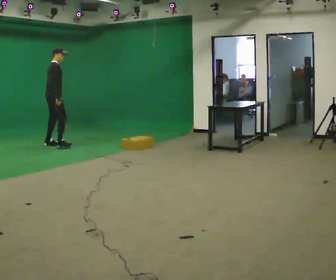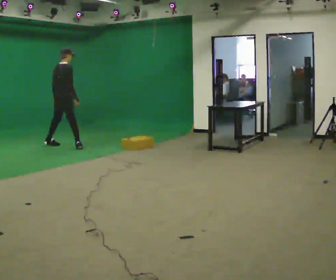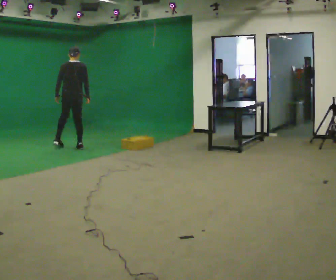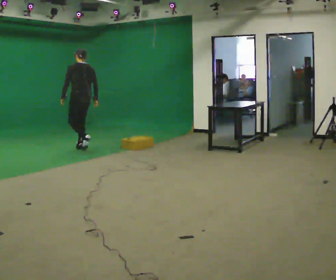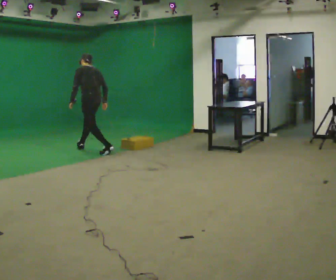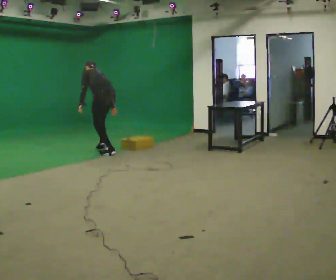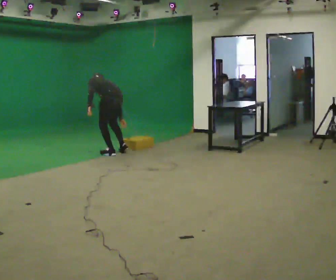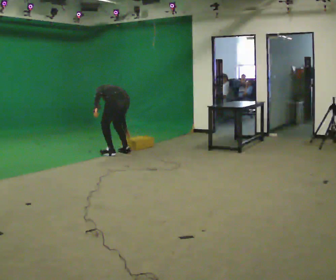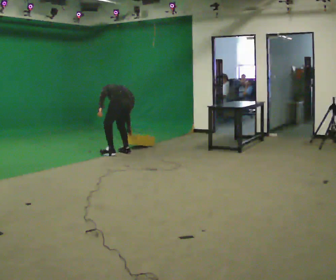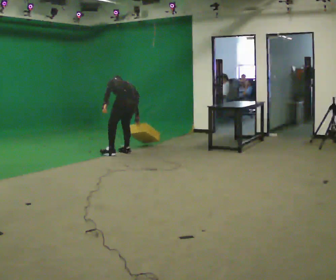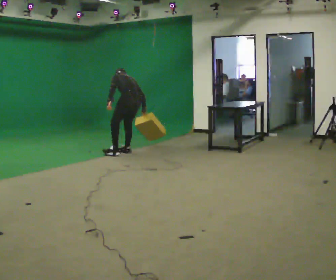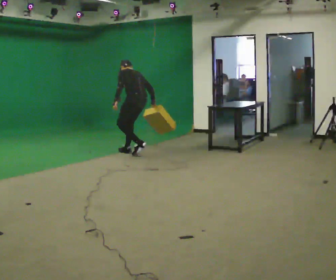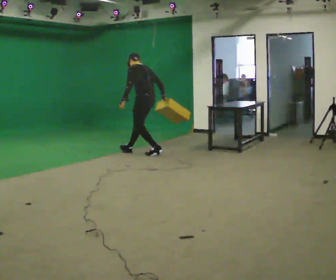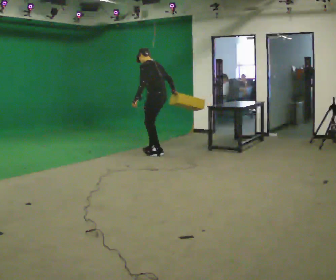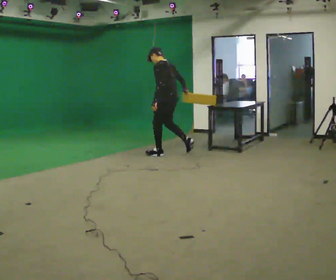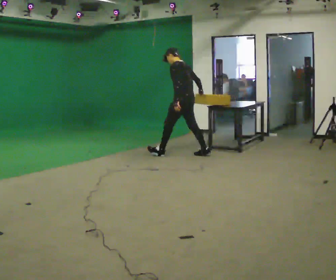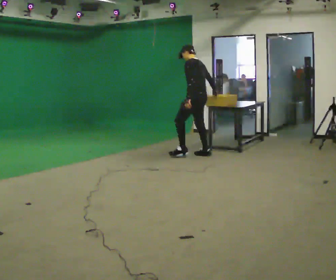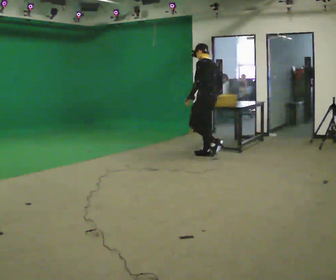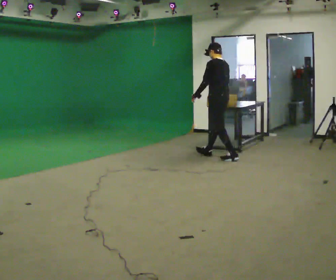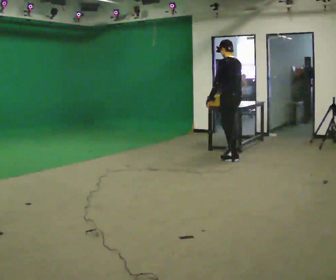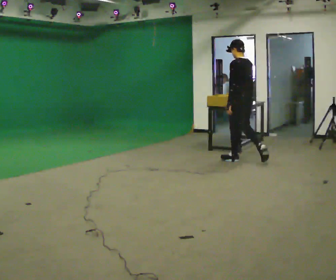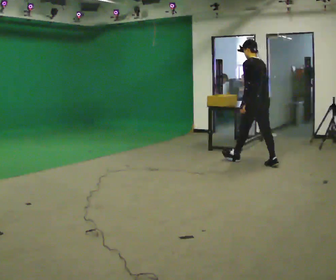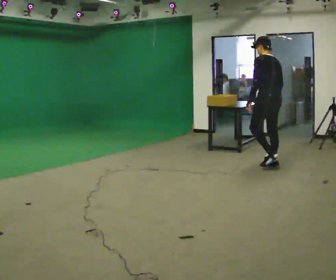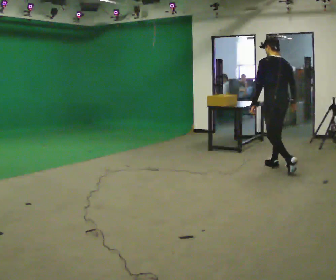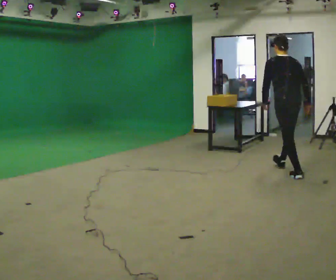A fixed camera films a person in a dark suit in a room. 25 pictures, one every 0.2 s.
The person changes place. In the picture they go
to the right.
0.0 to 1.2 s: The person turns about 120 degrees to their left, counterclockwise seen from above, so the part of the body nearest the lens slides to the right. In the picture they go to the right and toward the camera, about 1.5 m in 2 steps. The shoulders move downward. In the picture the upper body tilts counterclockwise, shoulders to the left, as they bend forward.
1.2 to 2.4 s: In the picture they go to the right, about 0.5 m in 1 step, which for them is to their right and backward.
2.4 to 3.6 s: In the picture they go to the right, about 1 m in 2 steps, which for them is backward.
3.6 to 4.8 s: The part of the body nearest the lens slides to the left as the person turns to their right by about 30 degrees. In the picture they go toward the camera and to the right, about 1.5 m in 3 steps, which for them is backward.
The film runs backward here.
